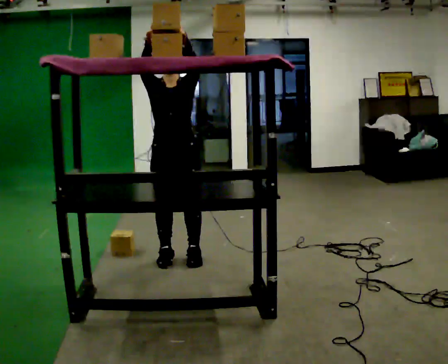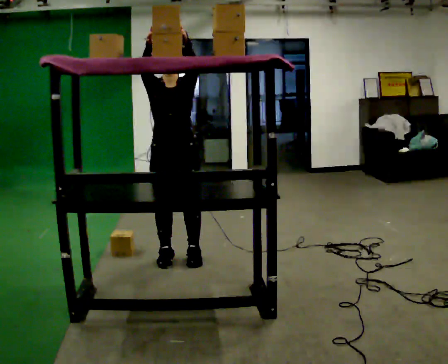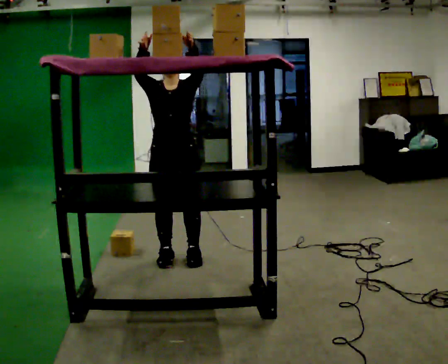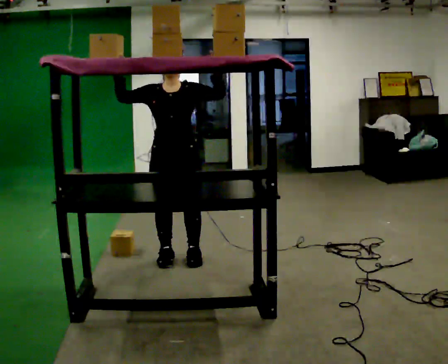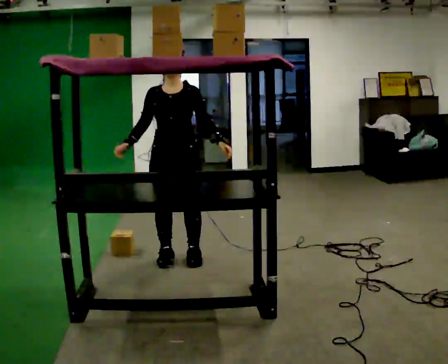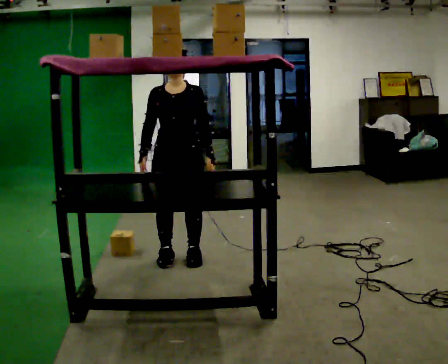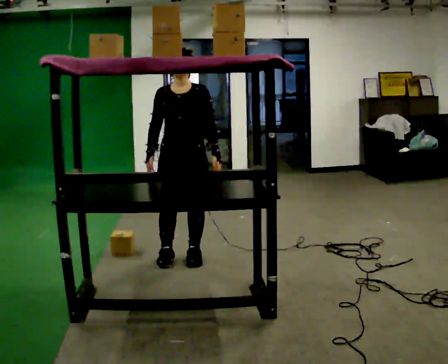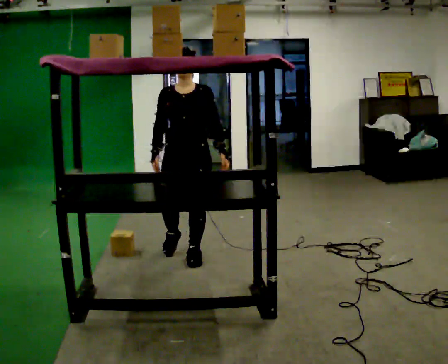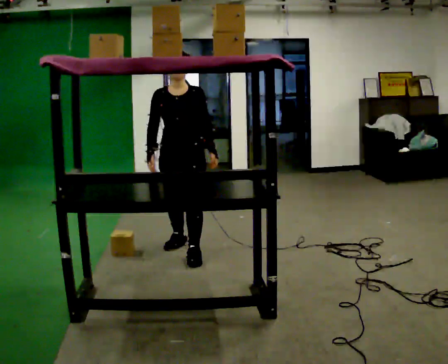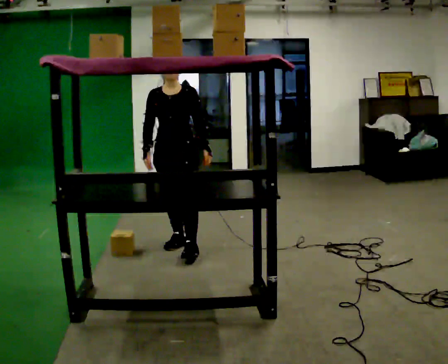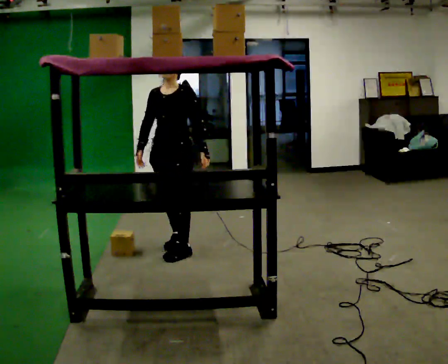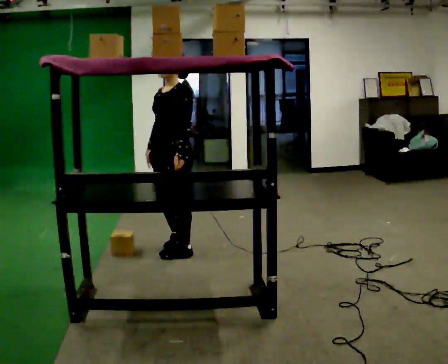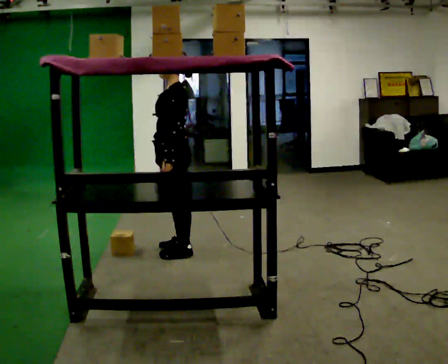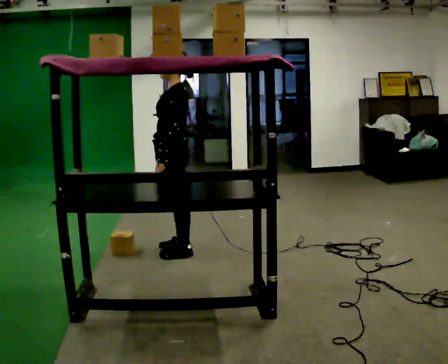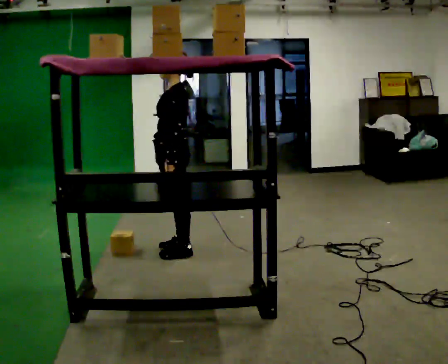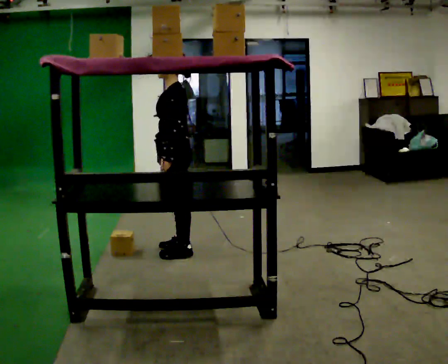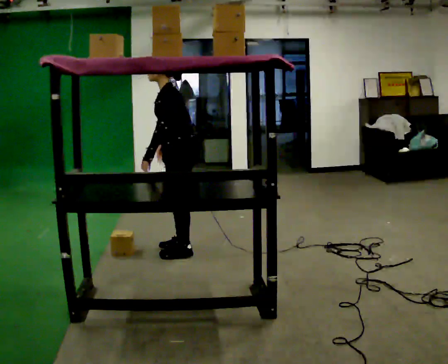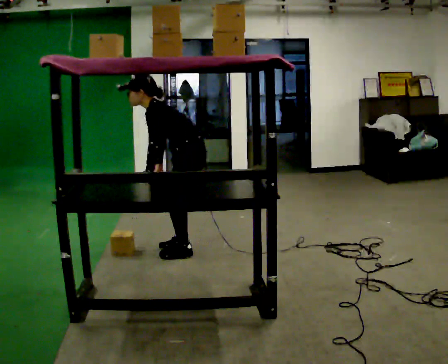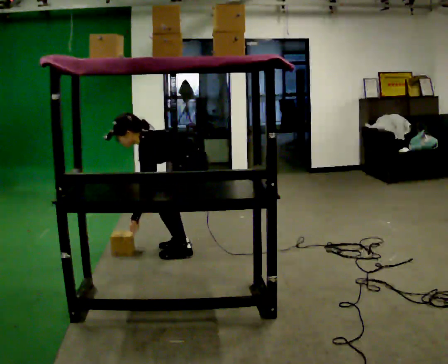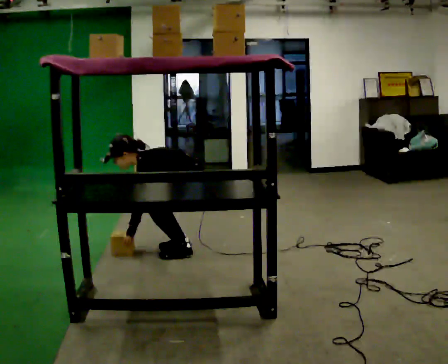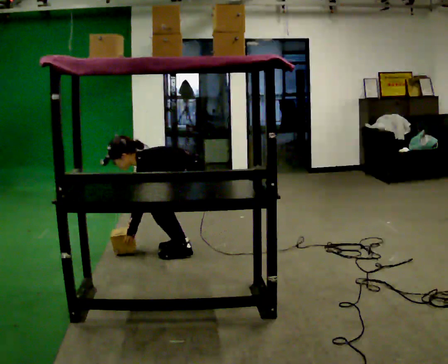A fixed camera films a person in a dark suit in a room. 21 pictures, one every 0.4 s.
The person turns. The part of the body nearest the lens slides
to the left.
Their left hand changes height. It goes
downward.
0.0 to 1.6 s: In the picture their right hand goes downward, the arm swinging counterclockwise.
1.6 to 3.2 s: In the picture they go away from the camera, about 0.25 m in 1 step, which for them is backward.
3.2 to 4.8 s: The part of the body nearest the lens slides to the left as the person turns to their right by about 75 degrees. In the picture their left hand goes to the left.
4.8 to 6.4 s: The person moves a little, or ends about where they began.
6.4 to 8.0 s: The upper body goes downward. In the picture the upper body tilts counterclockwise, shoulders to the left, as they bend forward. In the picture their right hand goes downward.
The film runs backward here.
